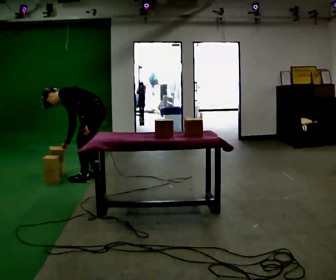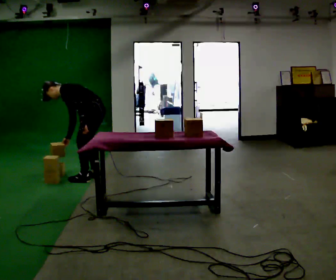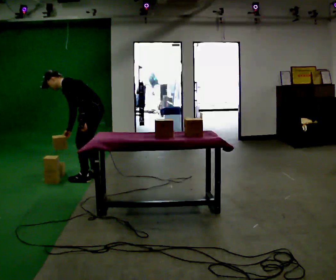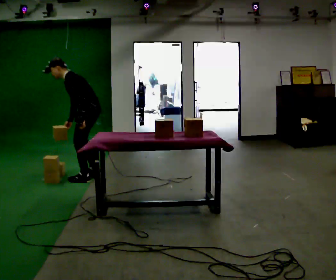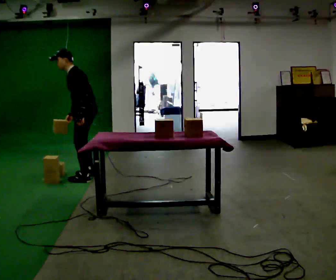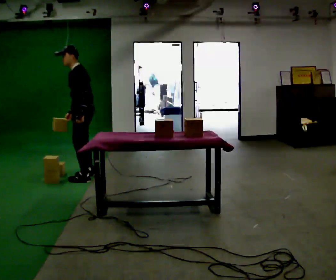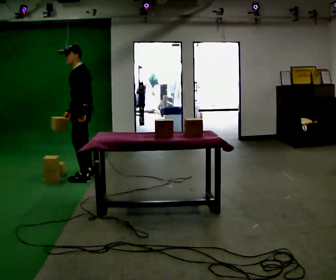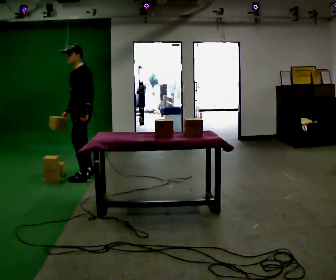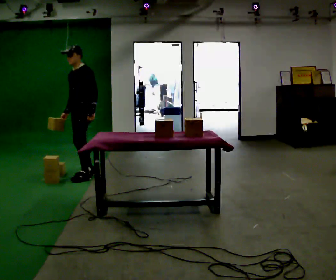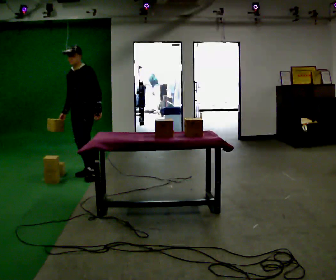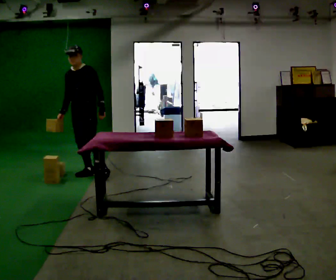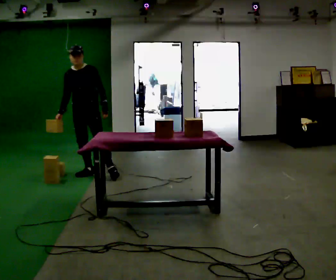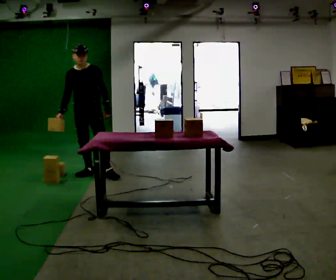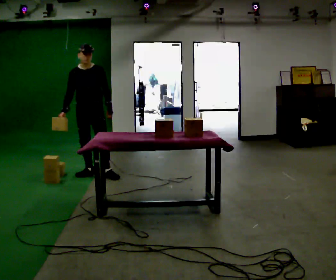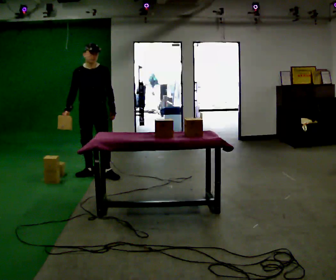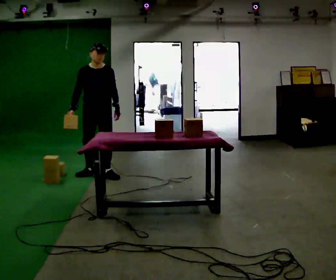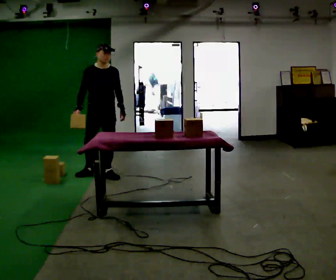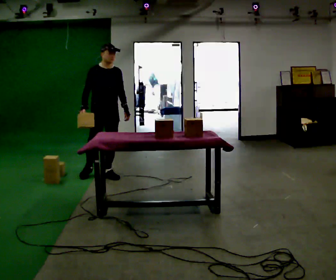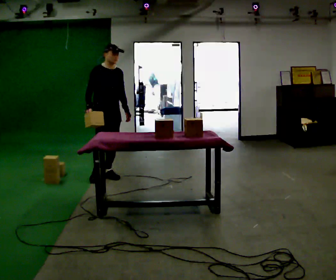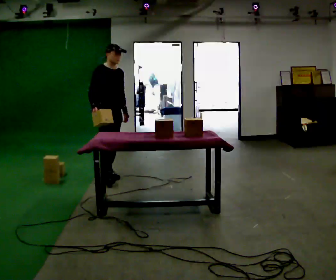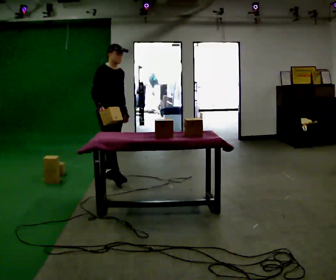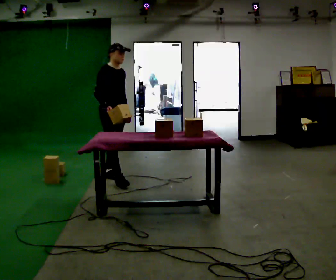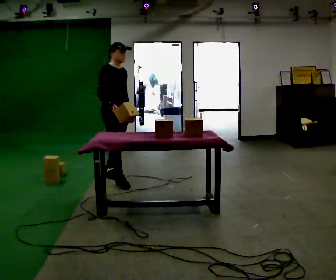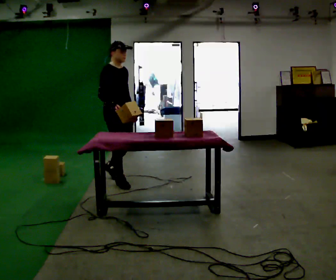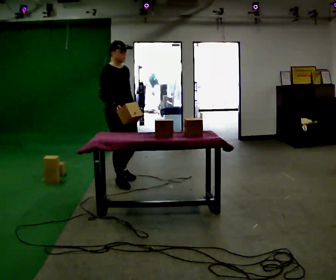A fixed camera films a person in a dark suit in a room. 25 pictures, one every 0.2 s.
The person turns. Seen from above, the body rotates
counterclockwise.
Their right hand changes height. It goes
upward.
0.0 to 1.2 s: In the picture they go away from the camera, about 0.25 m in 1 step, which for them is forward and to their right. The upper body goes upward. In the picture the upper body tilts clockwise, shoulders to the right, as they lean back or straighten.
1.2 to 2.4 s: The person turns about 60 degrees to their left, counterclockwise seen from above, so the part of the body nearest the lens slides to the right. In the picture their left hand goes to the right.
2.4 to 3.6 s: Seen from above the body turns counterclockwise, about 45 degrees: to their left, with its near side sliding to the right. In the picture they go to the right, about 0.25 m, which for them is to their left and forward.
3.6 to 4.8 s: In the picture they go toward the camera, about 0.5 m in 1 step, which for them is forward and to their right.
The film runs forward here.
